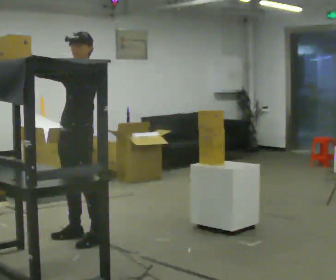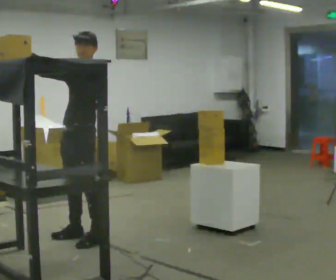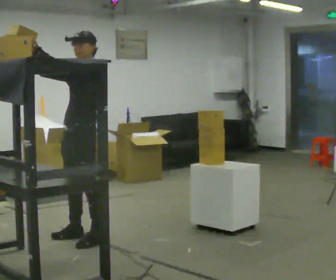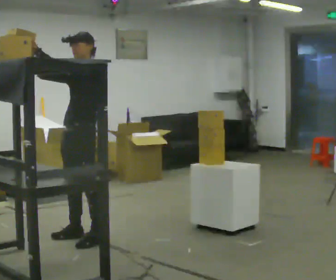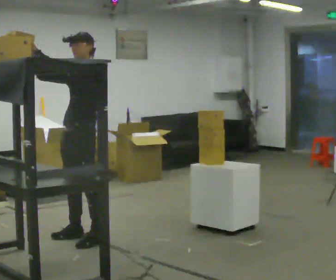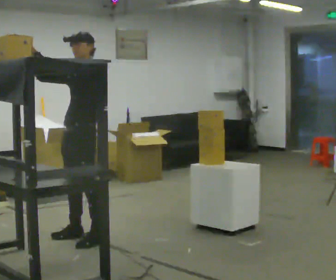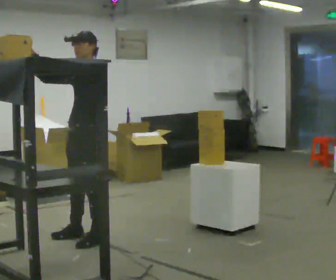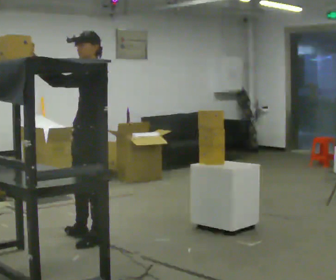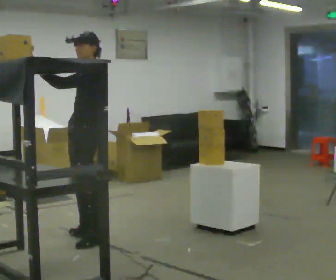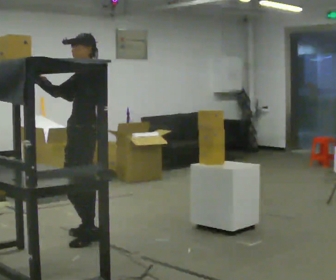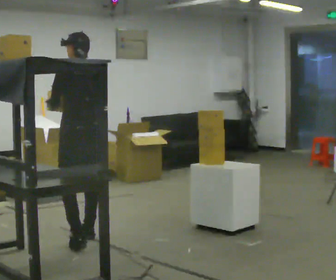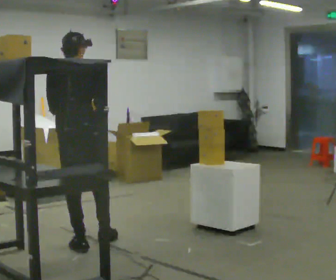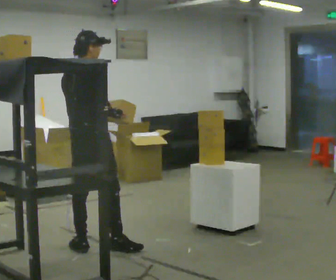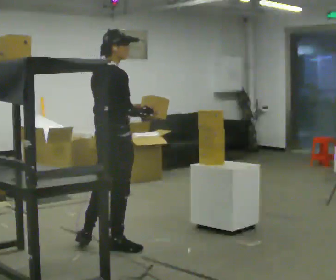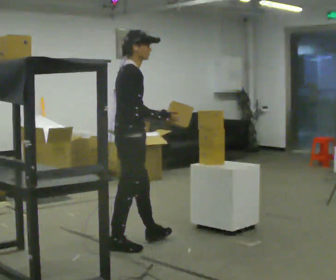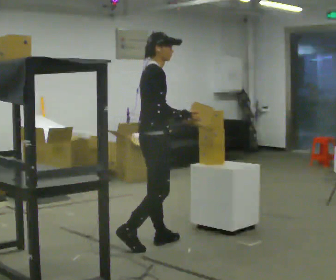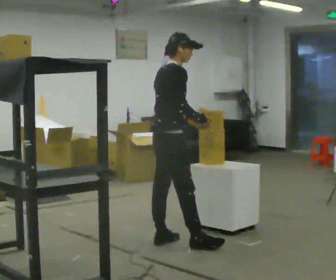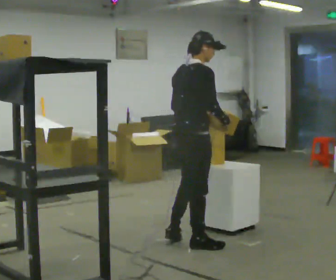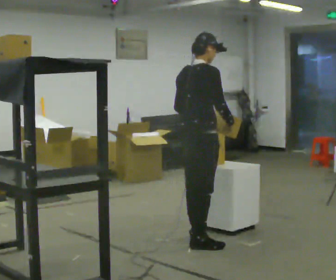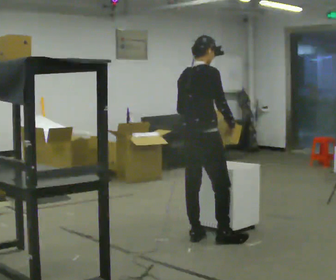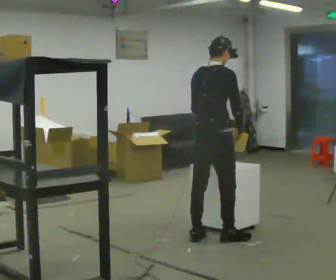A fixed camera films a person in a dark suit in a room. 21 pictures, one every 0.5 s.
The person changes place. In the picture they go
to the right.
The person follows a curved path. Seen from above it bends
counterclockwise.
0.0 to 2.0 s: The person moves a little, or ends about where they began.
2.0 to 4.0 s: The part of the body nearest the lens slides to the left as the person turns to their right by about 30 degrees.
4.0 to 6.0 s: The part of the body nearest the lens slides to the left as the person turns to their right by about 135 degrees. In the picture they go toward the camera, about 0.25 m in 2 steps. In the picture their right hand goes to the right and downward.
6.0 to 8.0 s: Seen from above the body turns clockwise, about 30 degrees: to their right, with its near side sliding to the left. In the picture they go to the right, about 0.75 m in 2 steps, which for them is forward.
8.0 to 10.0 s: In the picture they go to the right, about 0.5 m in 2 steps, which for them is forward.
The film runs forward here.
